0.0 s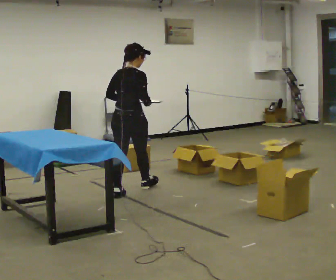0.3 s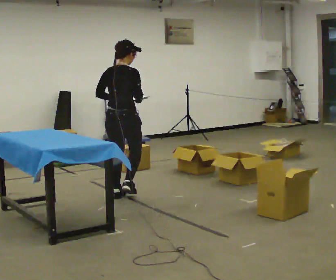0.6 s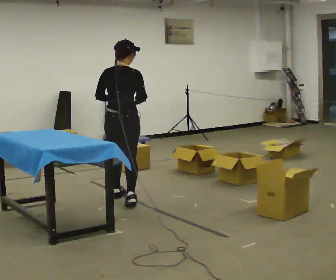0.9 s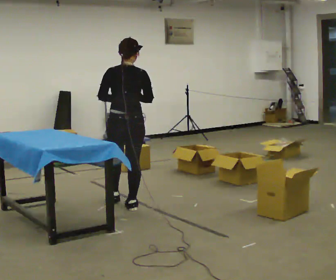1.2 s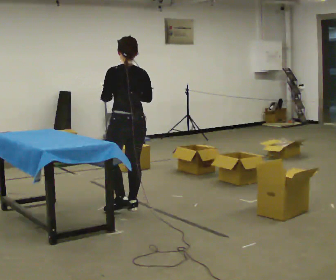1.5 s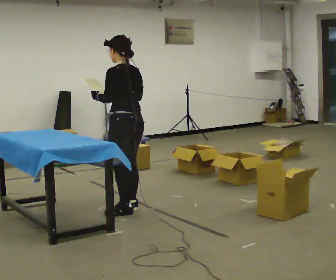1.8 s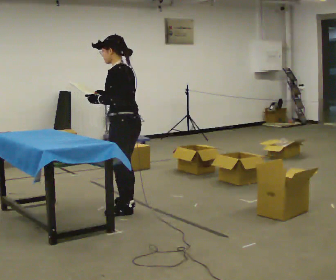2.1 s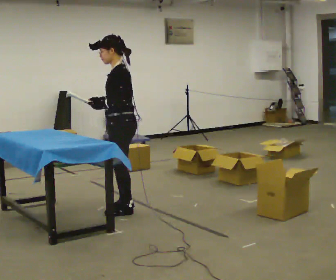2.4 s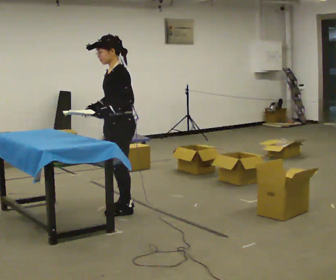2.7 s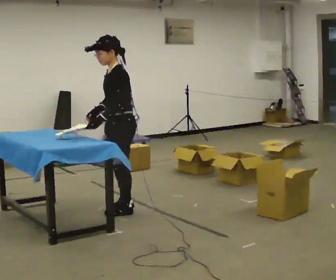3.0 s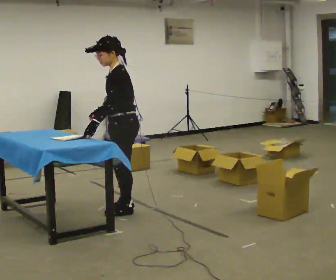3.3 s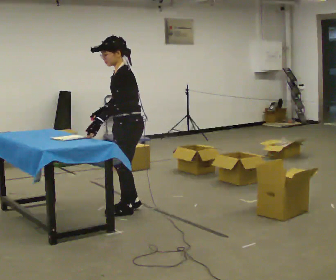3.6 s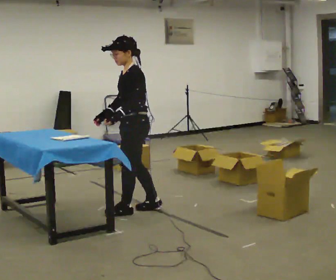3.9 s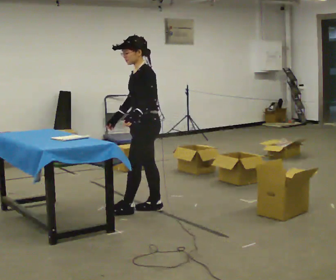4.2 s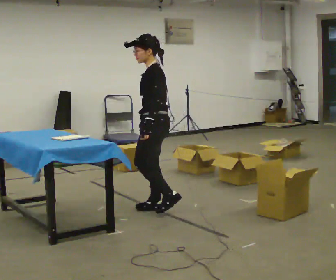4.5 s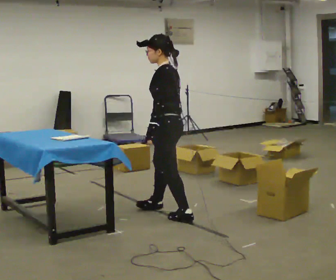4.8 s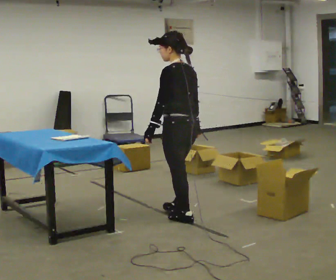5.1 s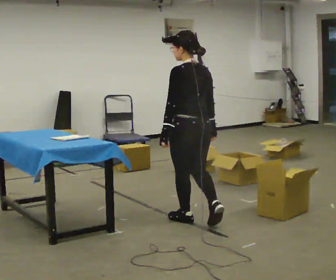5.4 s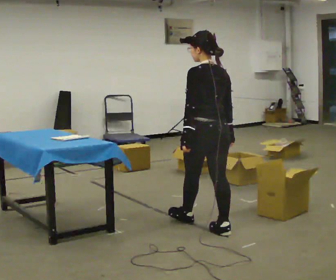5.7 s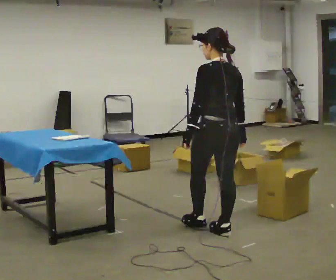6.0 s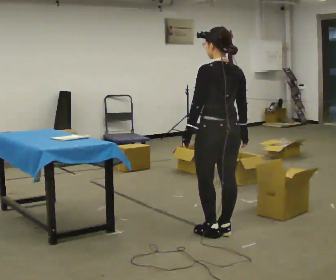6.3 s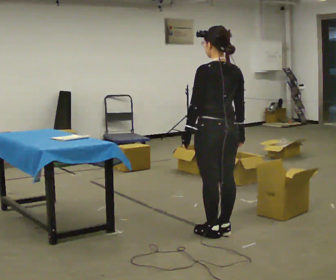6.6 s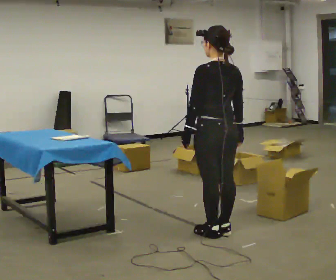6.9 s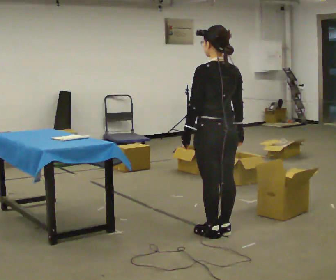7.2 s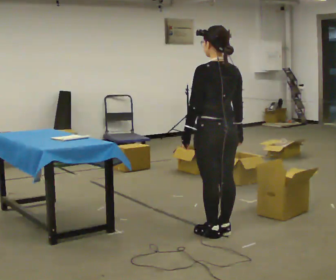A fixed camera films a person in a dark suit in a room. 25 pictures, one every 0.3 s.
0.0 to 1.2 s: Seen from above the body turns counterclockwise, about 60 degrees: to their left, with its near side sliding to the right. In the picture they go toward the camera, about 0.5 m in 1 step, which for them is backward.
1.2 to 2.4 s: The part of the body nearest the lens slides to the right as the person turns to their left by about 75 degrees.
2.4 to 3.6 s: The person moves a little, or ends about where they began.
3.6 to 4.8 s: The person turns about 45 degrees to their right, clockwise seen from above, so the part of the body nearest the lens slides to the left. In the picture they go to the right and toward the camera, about 0.5 m in 2 steps, which for them is backward and to their left.
4.8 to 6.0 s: In the picture they go toward the camera and to the right, about 0.5 m in 1 step, which for them is backward.
6.0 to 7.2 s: The person moves a little, or ends about where they began.
The film runs backward here.
